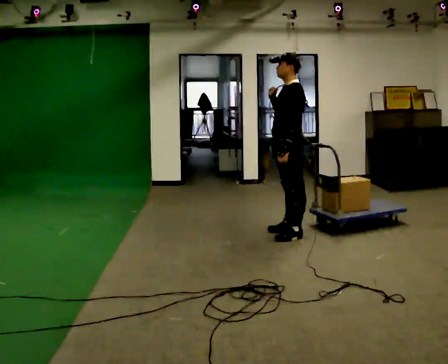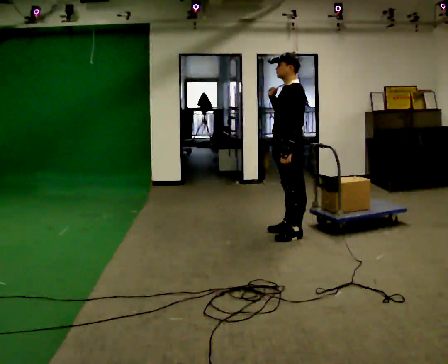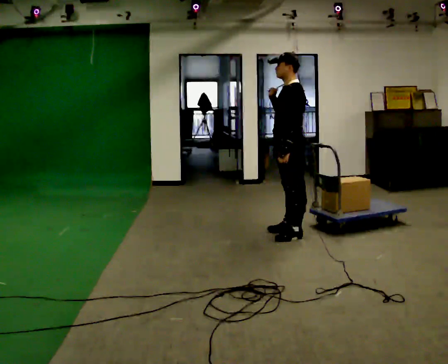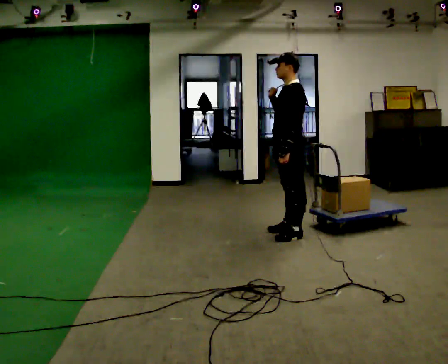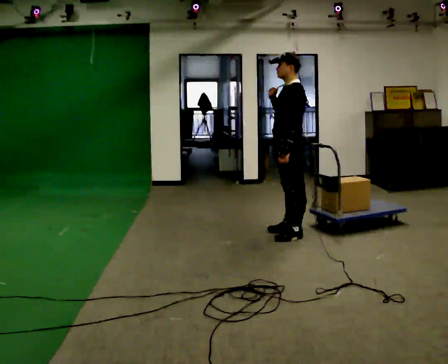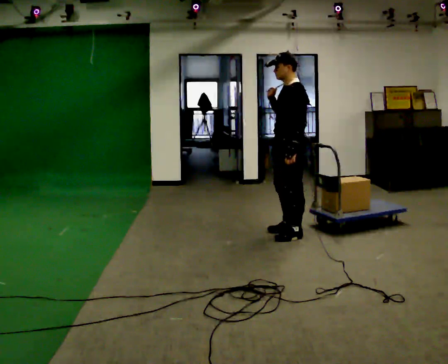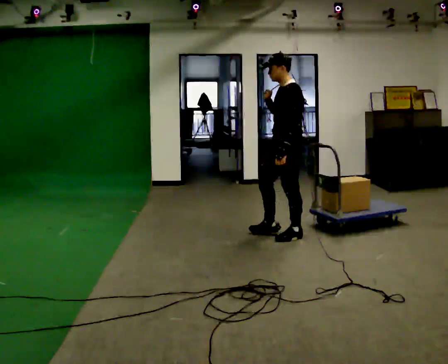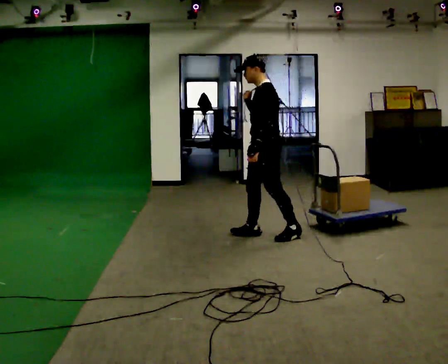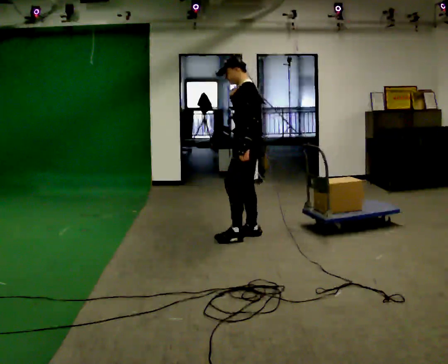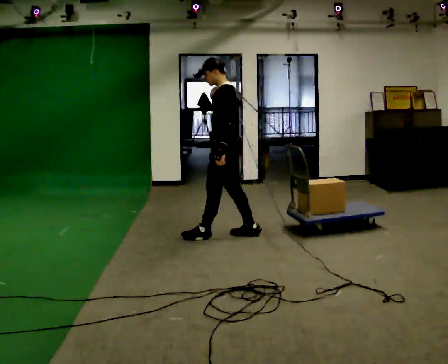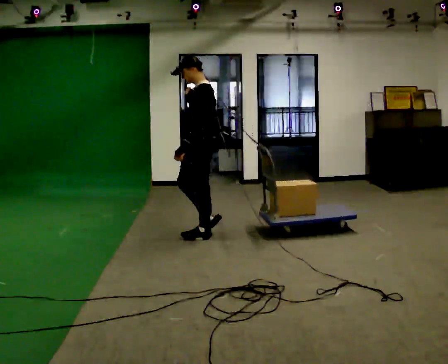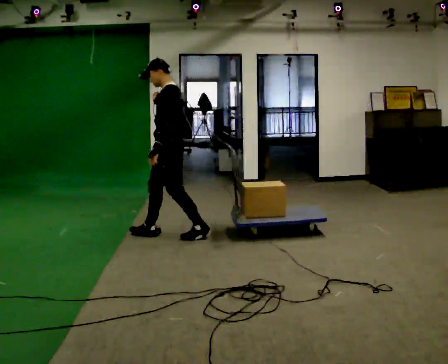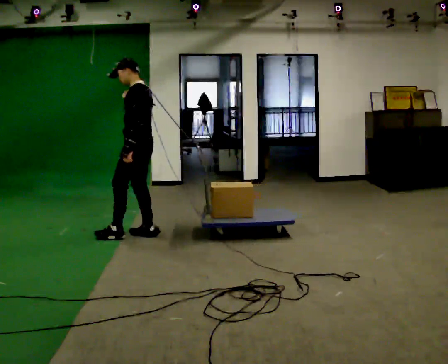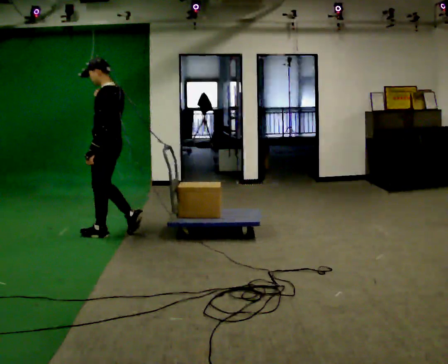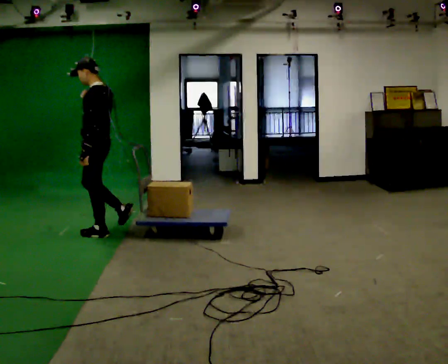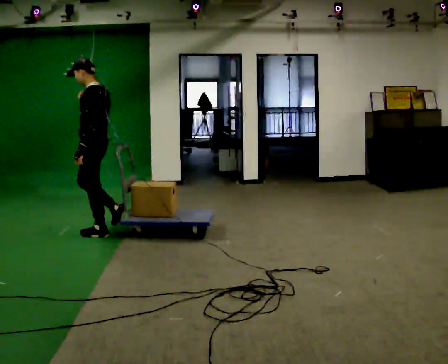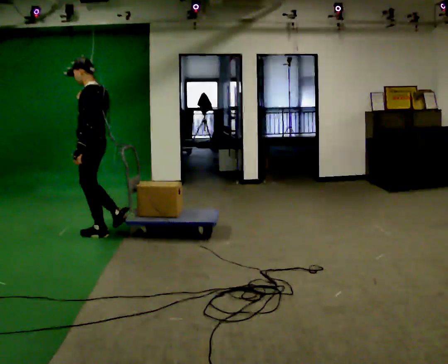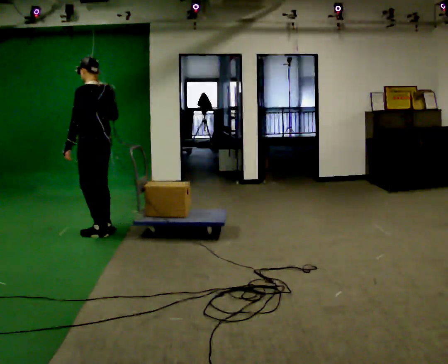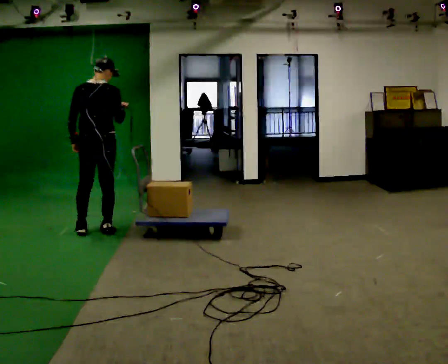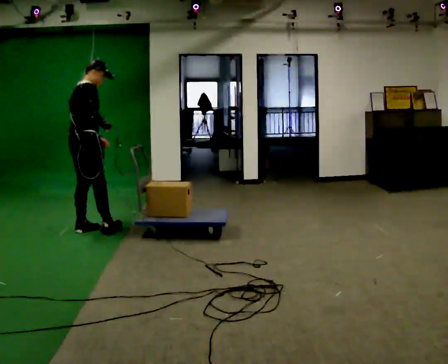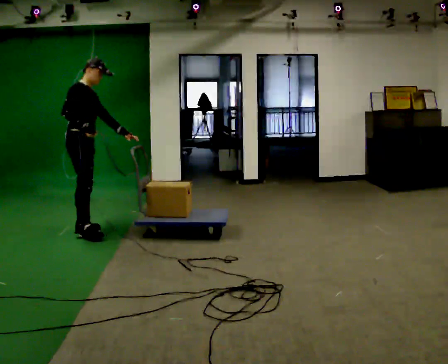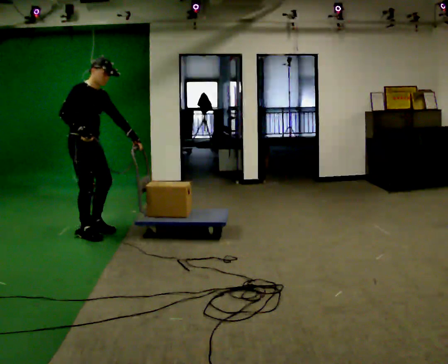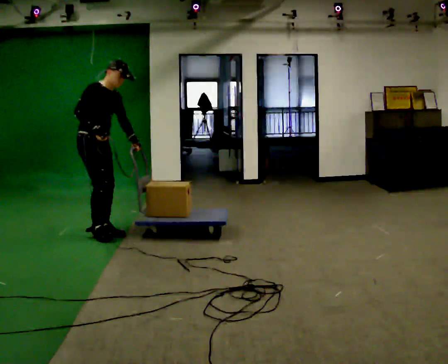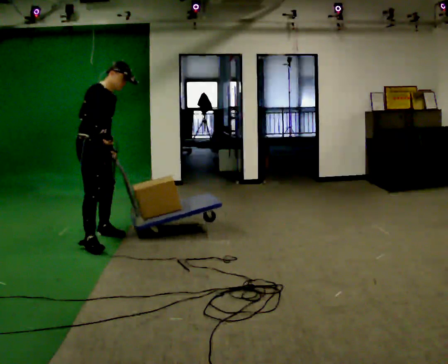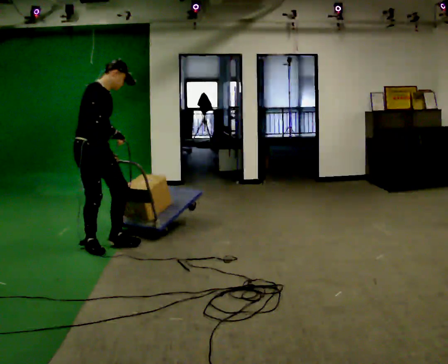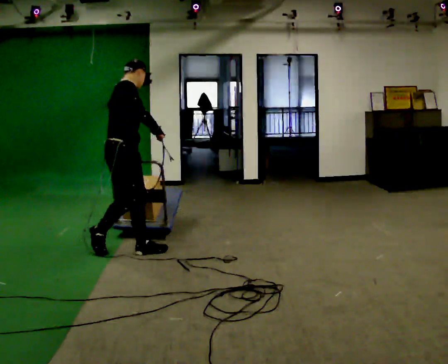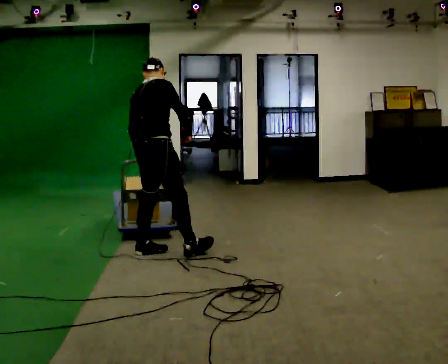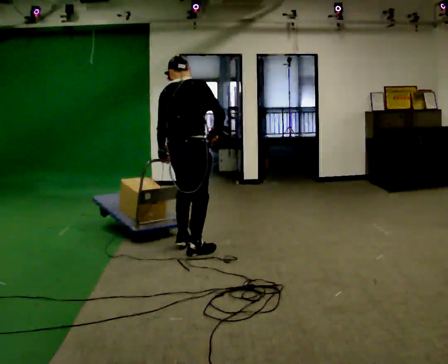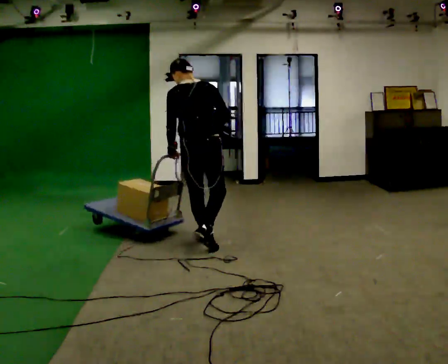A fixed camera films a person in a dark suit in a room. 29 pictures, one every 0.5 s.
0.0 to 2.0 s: The person moves a little, or ends about where they began.
2.0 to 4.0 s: In the picture they go to the left, about 0.5 m in 1 step, which for them is forward.
4.0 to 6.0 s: In the picture they go to the left, about 1 m in 2 steps, which for them is forward.
6.0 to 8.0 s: In the picture they go to the left, about 0.5 m in 2 steps, which for them is forward.
8.0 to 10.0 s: Seen from above the body turns clockwise, about 180 degrees: to their right, with its near side sliding to the left. In the picture they go to the left, about 0.25 m in 3 steps. The upper body tips away from the camera, its near side rolling upward. In the picture their left hand goes to the right, the arm swinging counterclockwise.
10.0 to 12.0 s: In the picture they go toward the camera, about 0.5 m in 2 steps, which for them is forward and to their right.
12.0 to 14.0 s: The person turns about 105 degrees to their left, counterclockwise seen from above, so the part of the body nearest the lens slides to the right. In the picture they go to the right, about 1 m in 3 steps. In the picture the upper body tilts counterclockwise, shoulders to the left.
The film runs forward here.
